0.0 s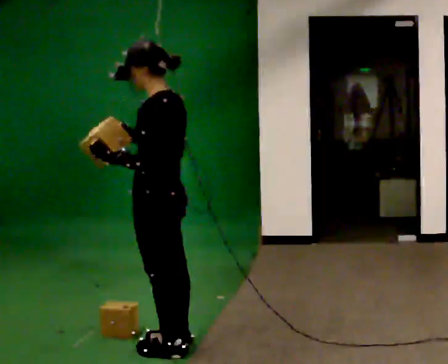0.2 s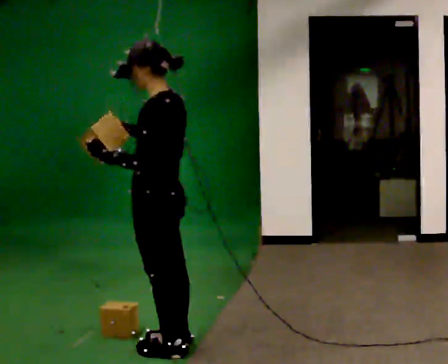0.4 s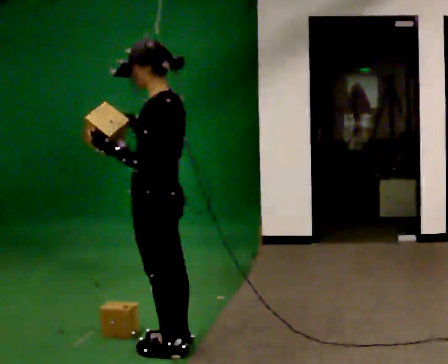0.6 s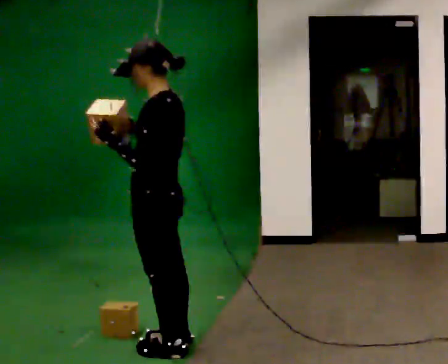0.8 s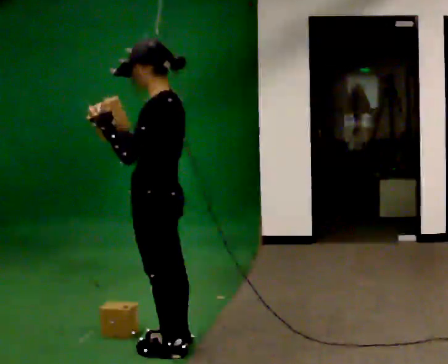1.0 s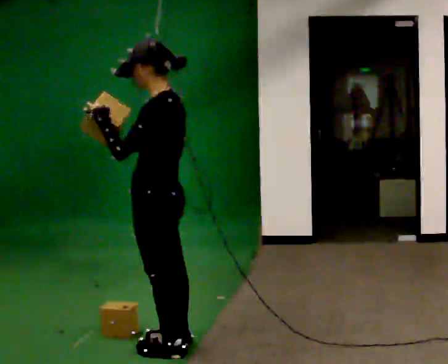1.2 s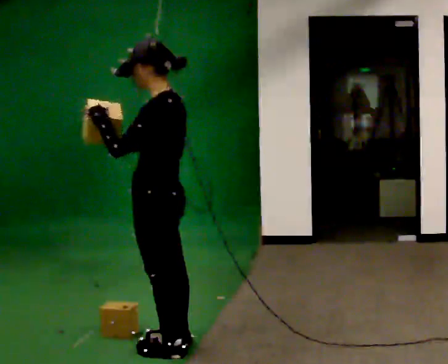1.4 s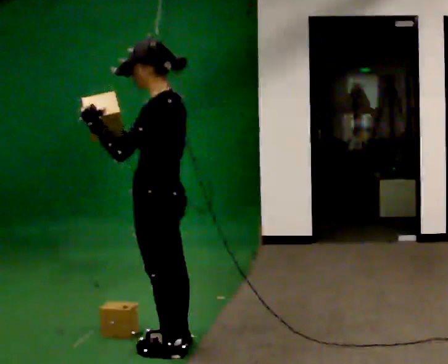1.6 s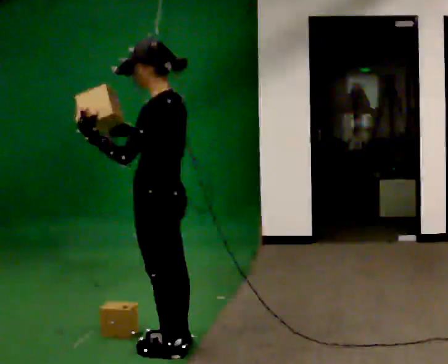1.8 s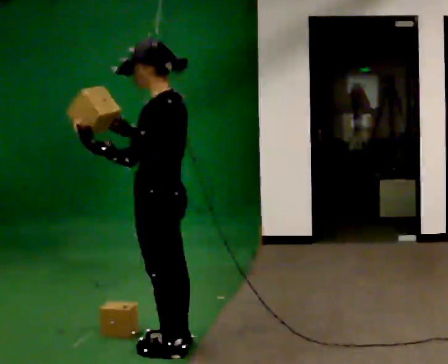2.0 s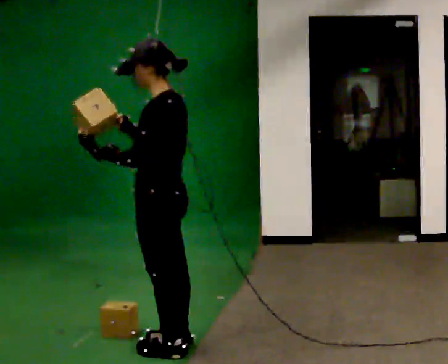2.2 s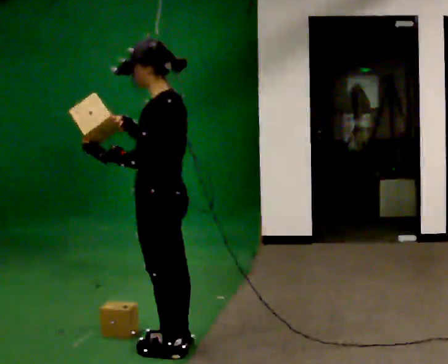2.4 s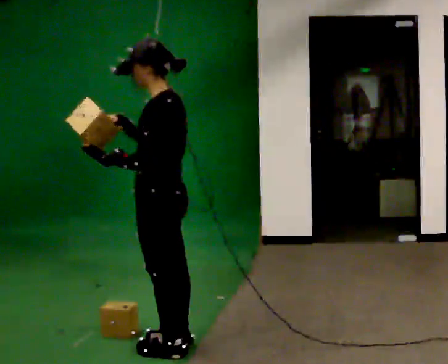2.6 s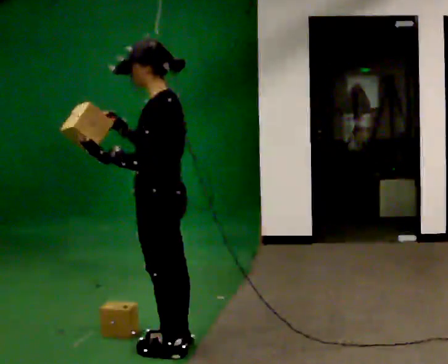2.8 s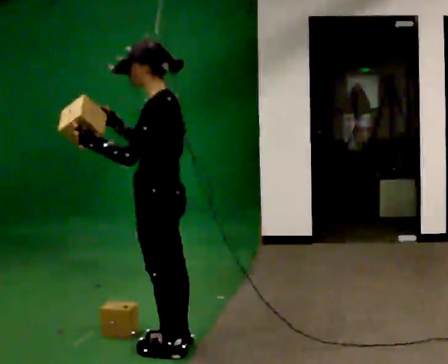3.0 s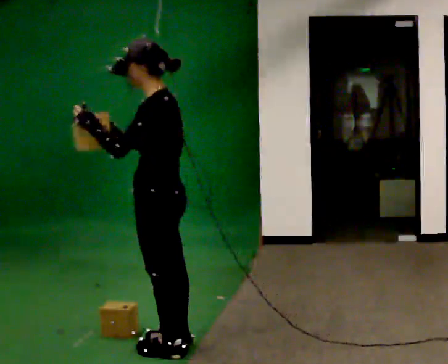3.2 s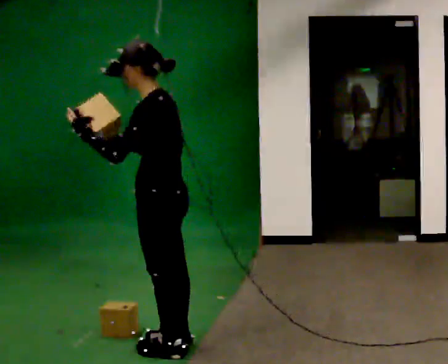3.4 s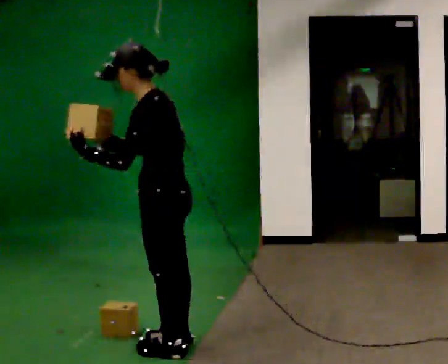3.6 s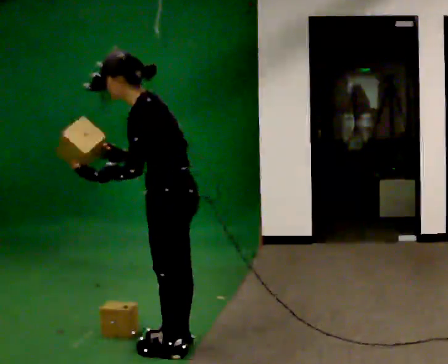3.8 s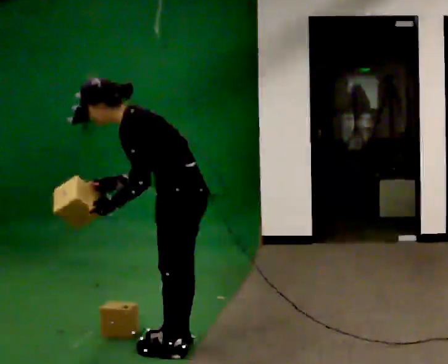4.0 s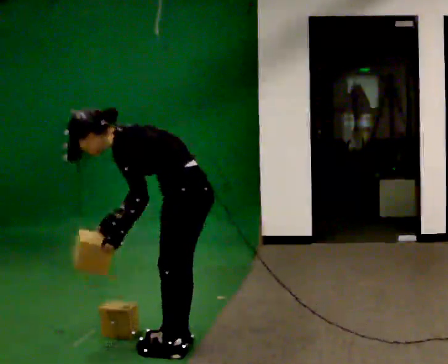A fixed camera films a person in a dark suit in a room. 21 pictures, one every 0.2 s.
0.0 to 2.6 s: The person moves a little, or ends about where they began.
2.6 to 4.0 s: The shoulders move downward. In the picture the upper body tilts counterclockwise, shoulders to the left, as they bend forward. In the picture their left hand goes downward.
The film runs backward here.
